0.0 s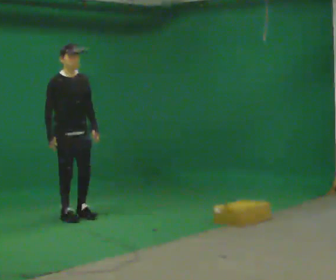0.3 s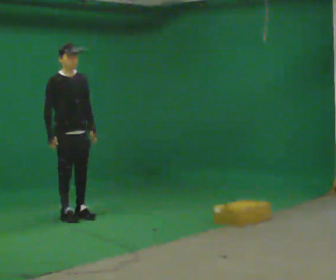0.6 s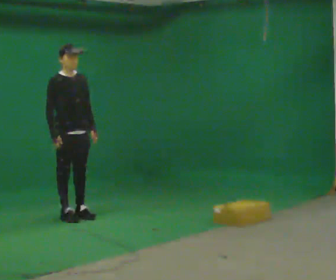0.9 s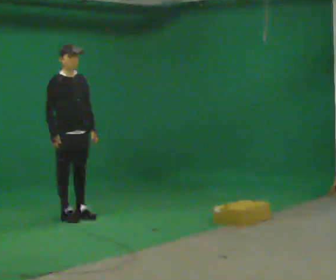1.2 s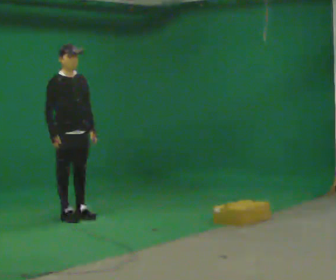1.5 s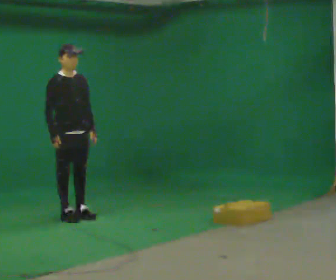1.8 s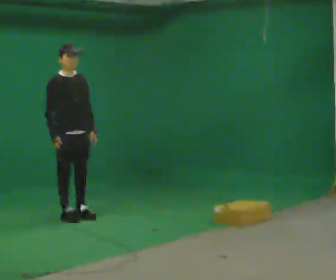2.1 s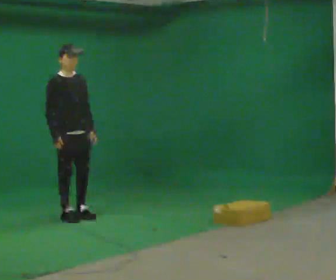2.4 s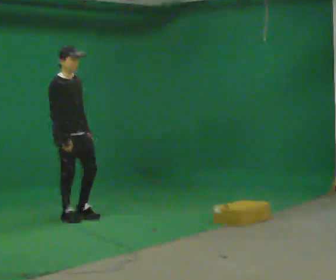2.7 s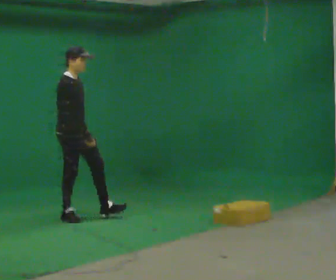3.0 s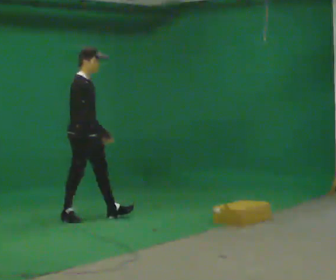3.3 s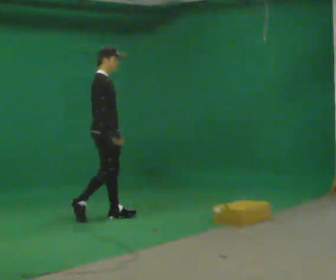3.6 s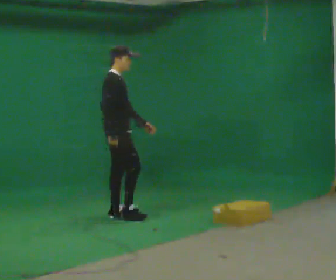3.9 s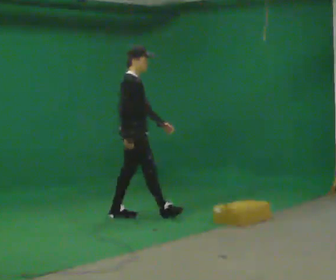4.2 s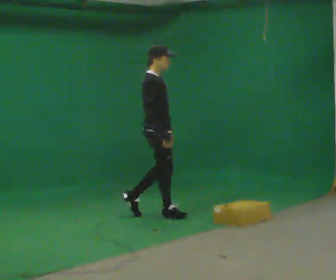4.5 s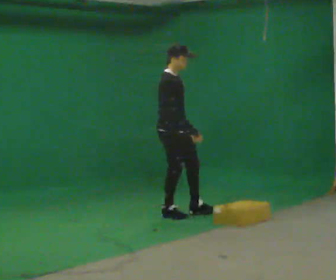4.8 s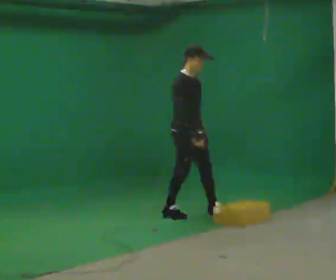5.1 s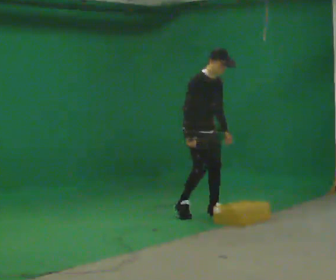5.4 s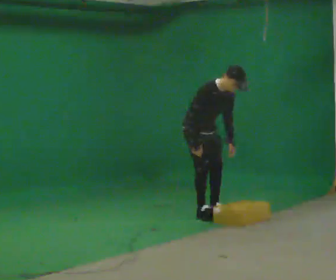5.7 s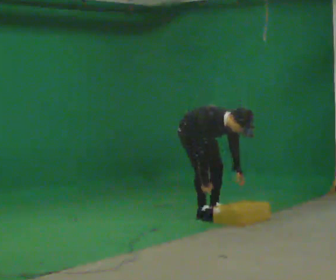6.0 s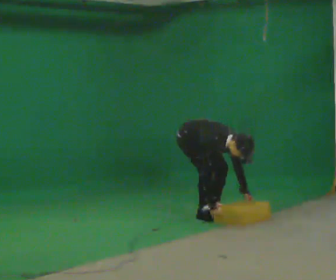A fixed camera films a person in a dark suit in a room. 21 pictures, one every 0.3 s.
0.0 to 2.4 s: The person moves a little, or ends about where they began.
2.4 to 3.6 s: The person turns about 30 degrees to their left, counterclockwise seen from above, so the part of the body nearest the lens slides to the right. In the picture they go to the right, about 0.5 m in 1 step, which for them is forward and to their left.
3.6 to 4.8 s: The part of the body nearest the lens slides to the left as the person turns to their right by about 30 degrees. In the picture they go to the right, about 0.5 m in 2 steps, which for them is forward.
4.8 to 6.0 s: The shoulders move downward. In the picture the upper body tilts clockwise, shoulders to the right, as they bend forward. In the picture their right hand goes downward.
The film runs forward here.
